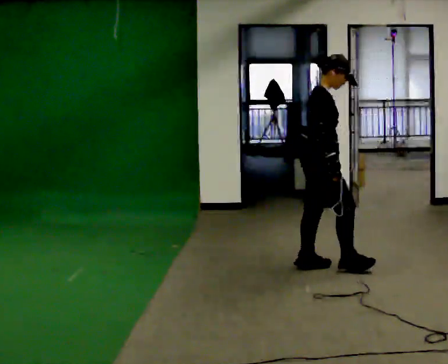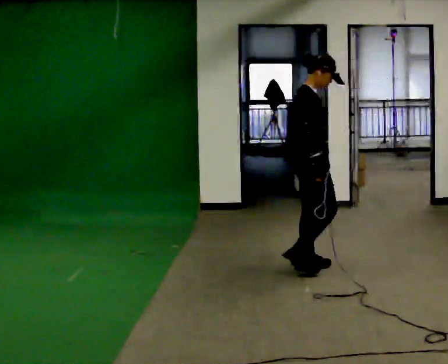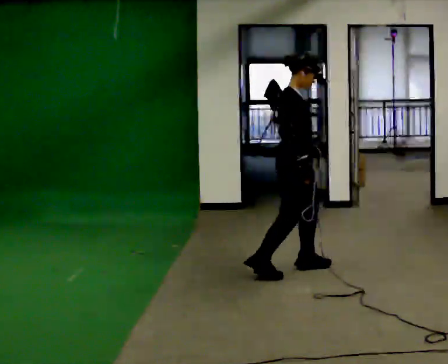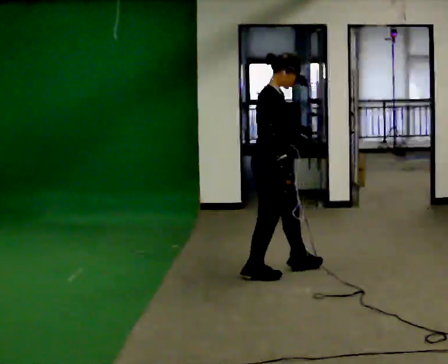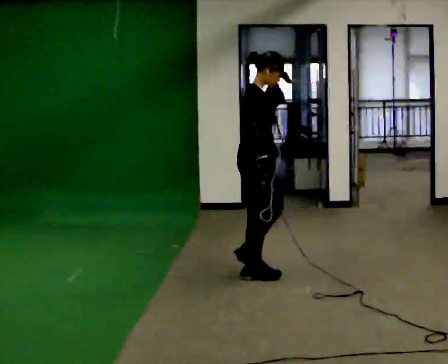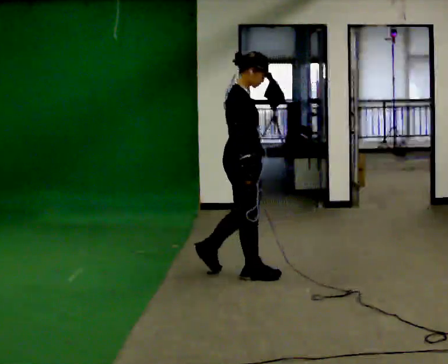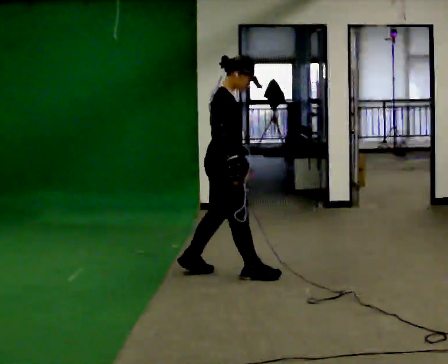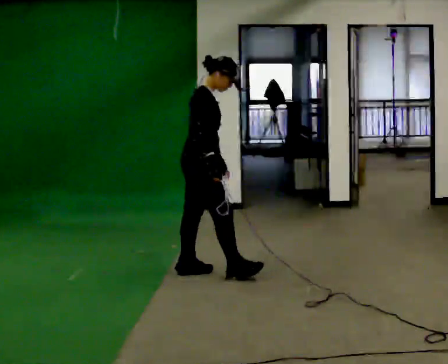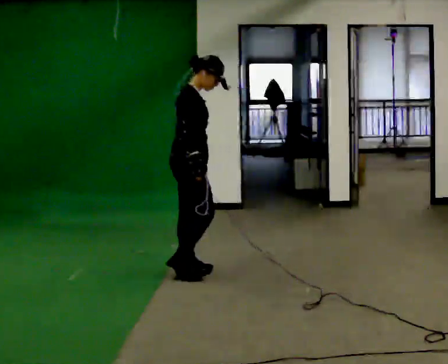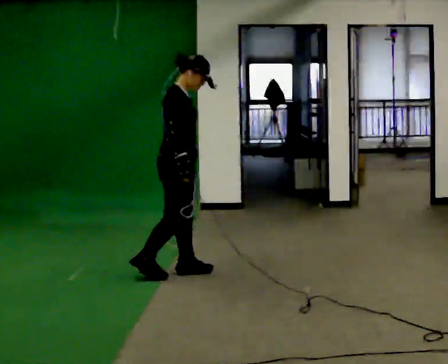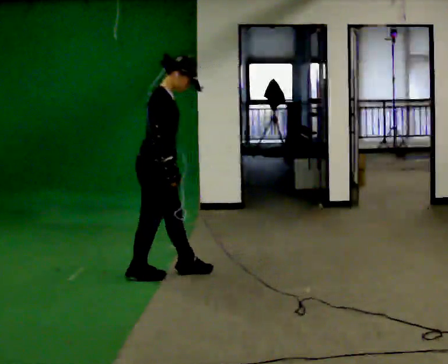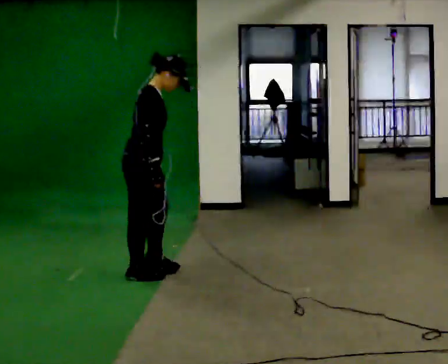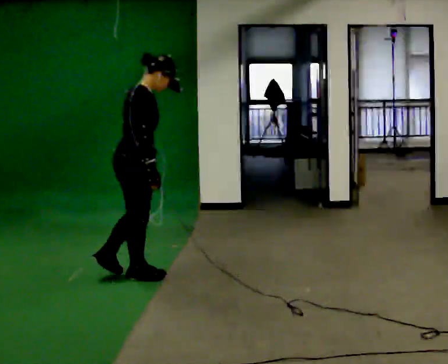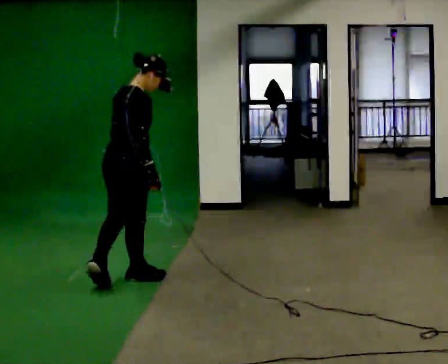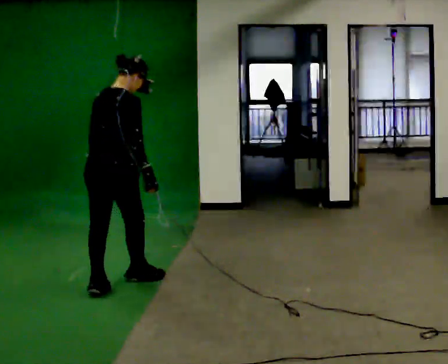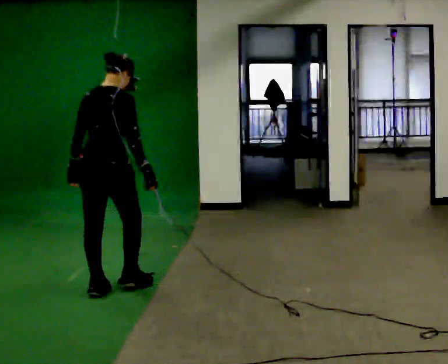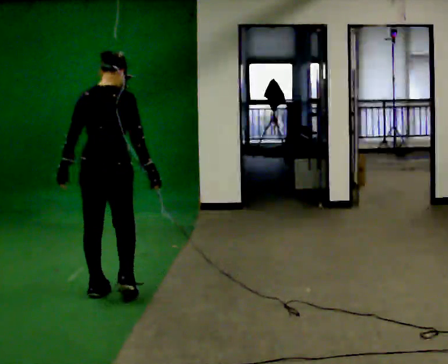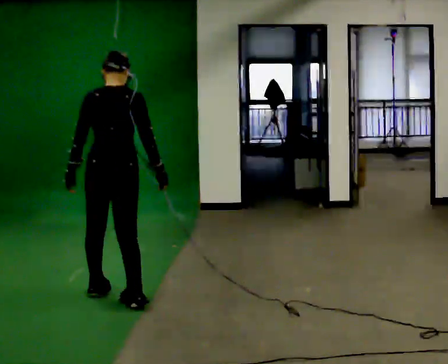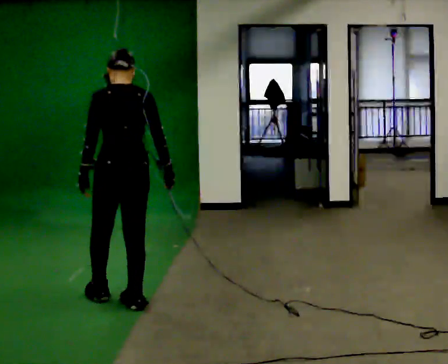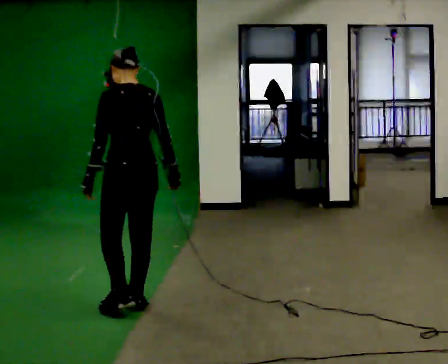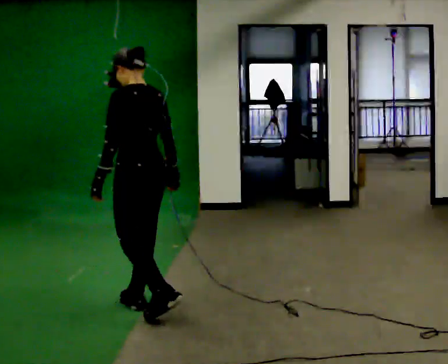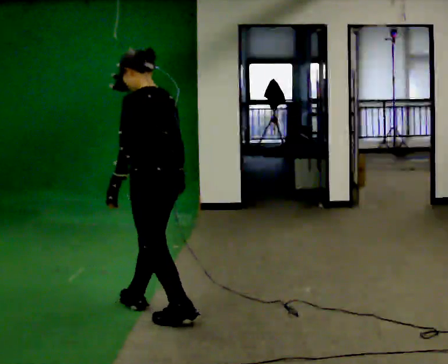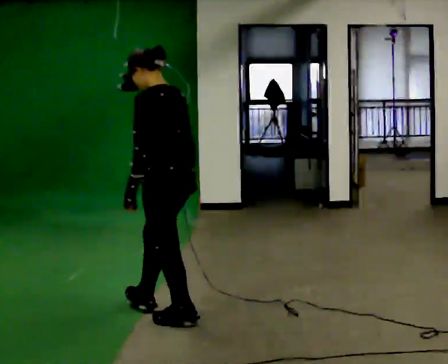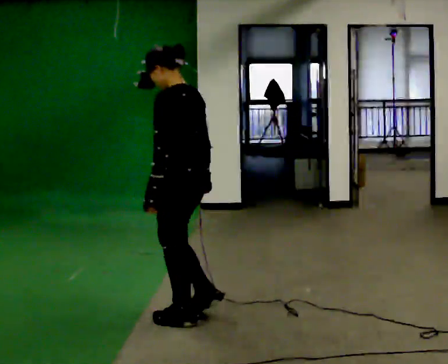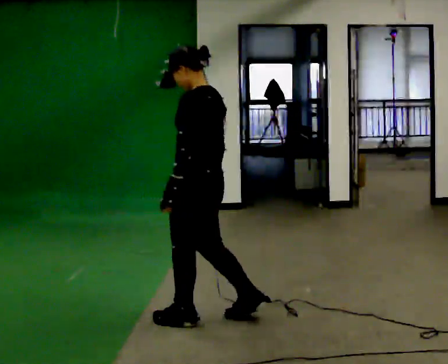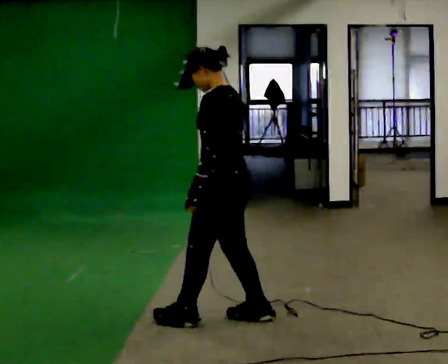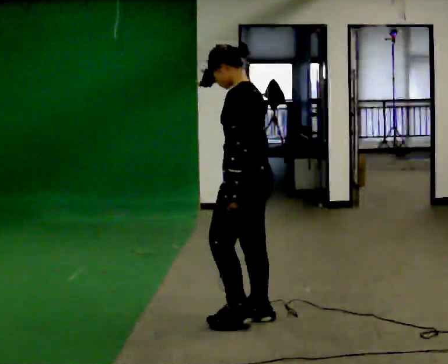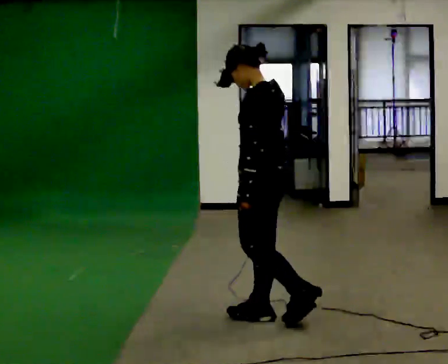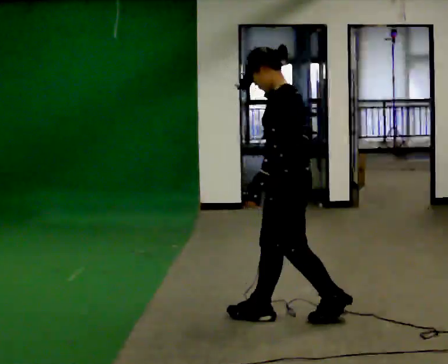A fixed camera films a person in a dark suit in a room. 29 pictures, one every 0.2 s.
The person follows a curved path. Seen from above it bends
counterclockwise.
The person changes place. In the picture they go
toward the camera.
0.0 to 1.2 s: In the picture they go to the left, about 0.5 m in 2 steps, which for them is backward.
1.2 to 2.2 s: In the picture they go to the left, about 0.5 m in 1 step, which for them is backward.
2.2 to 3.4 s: Seen from above the body turns counterclockwise, about 90 degrees: to their left, with its near side sliding to the right. In the picture they go toward the camera, about 0.5 m in 2 steps.
3.4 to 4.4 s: The part of the body nearest the lens slides to the right as the person turns to their left by about 45 degrees. In the picture they go toward the camera and to the right, about 0.5 m in 1 step, which for them is backward.
4.4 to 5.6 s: In the picture they go to the right, about 0.75 m in 1 step, which for them is backward.
The film runs forward here.
